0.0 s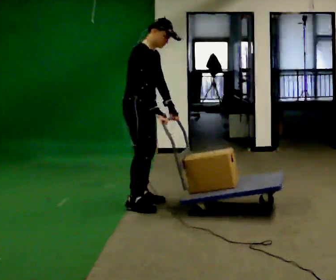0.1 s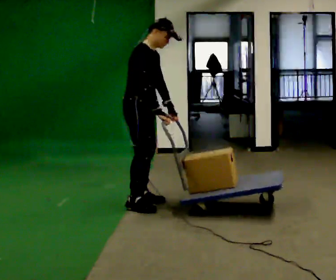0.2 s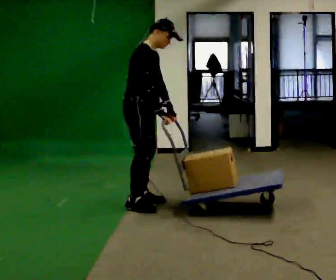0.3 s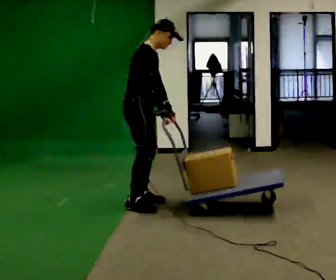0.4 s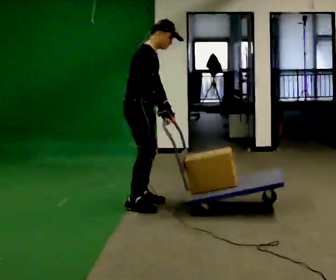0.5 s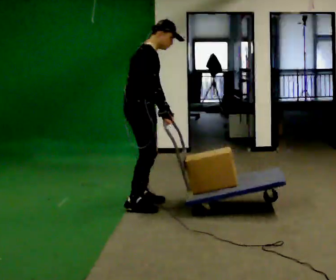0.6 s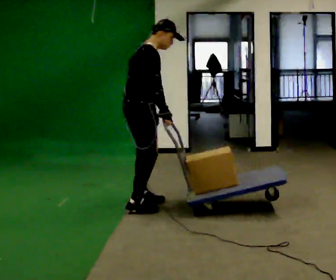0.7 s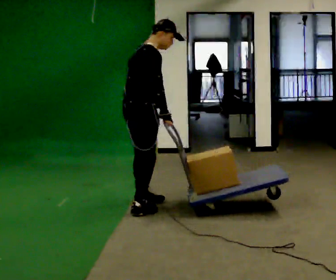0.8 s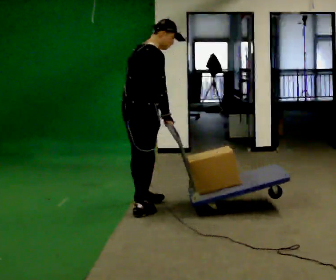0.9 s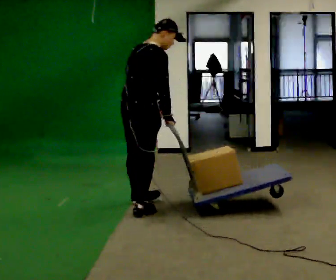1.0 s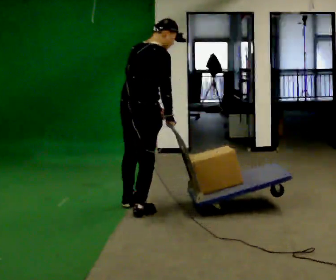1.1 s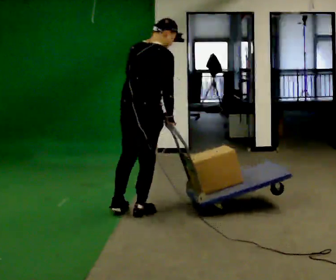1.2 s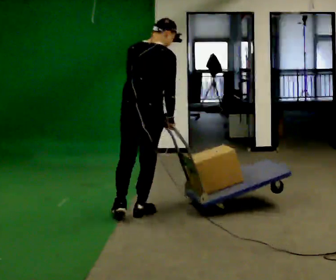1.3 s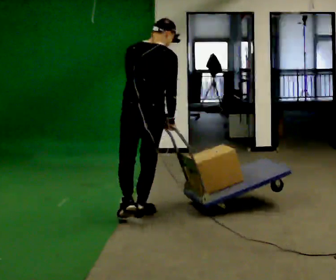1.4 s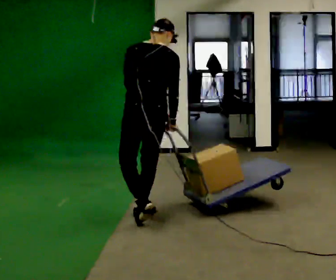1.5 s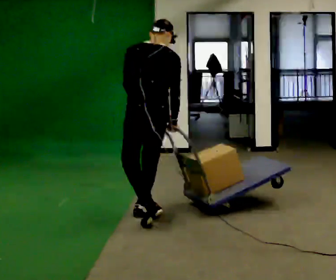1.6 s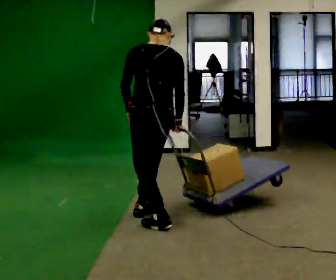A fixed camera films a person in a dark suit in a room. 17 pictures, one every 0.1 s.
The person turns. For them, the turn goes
to their left.
The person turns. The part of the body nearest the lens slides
to the right.
0.0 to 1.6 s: The person turns about 135 degrees to their left, counterclockwise seen from above, so the part of the body nearest the lens slides to the right. In the picture they go toward the camera, about 0.5 m in 2 steps.
The film runs backward here.
